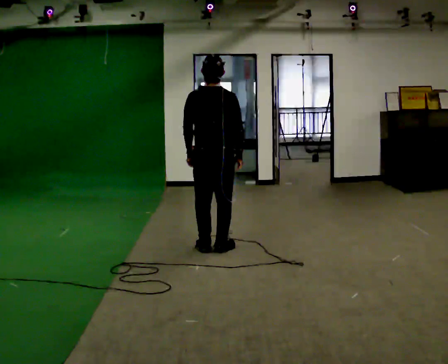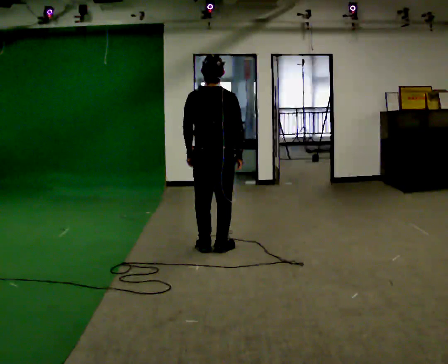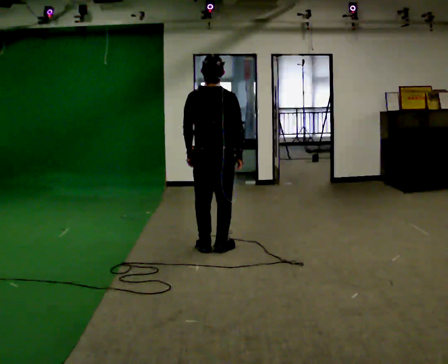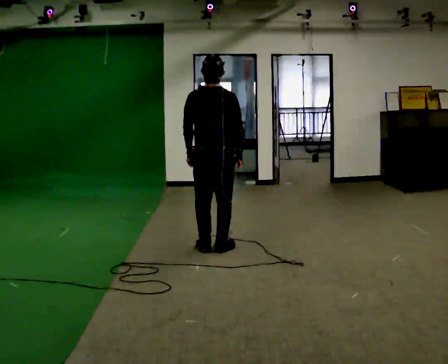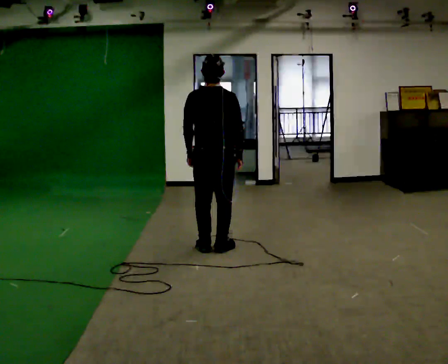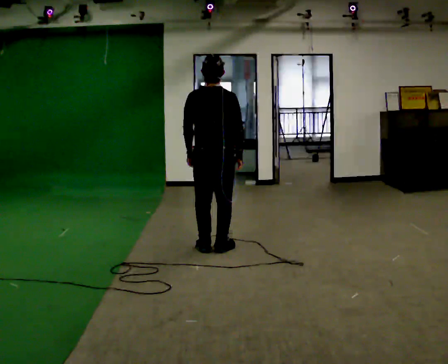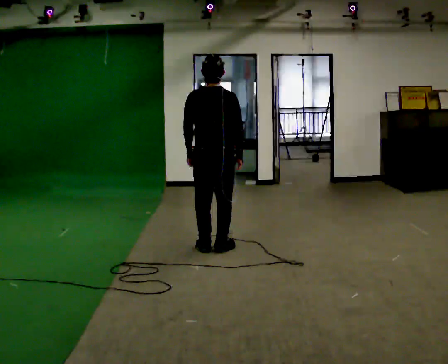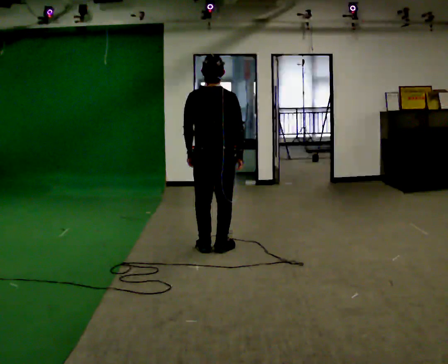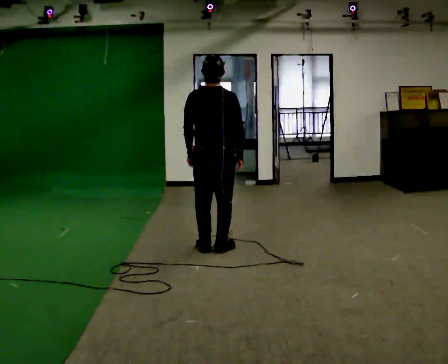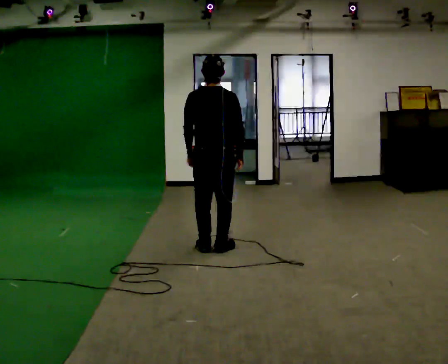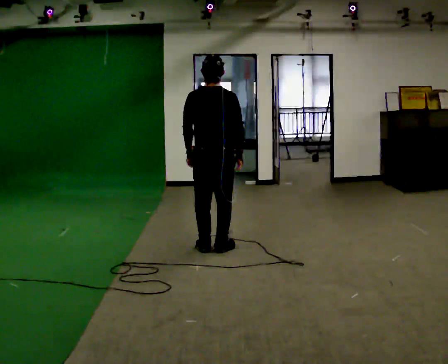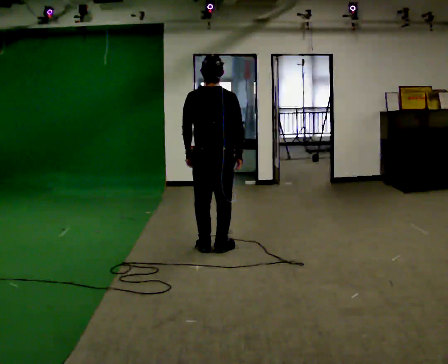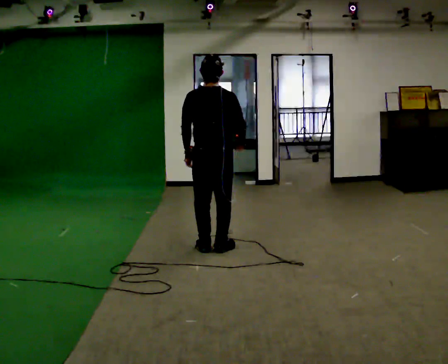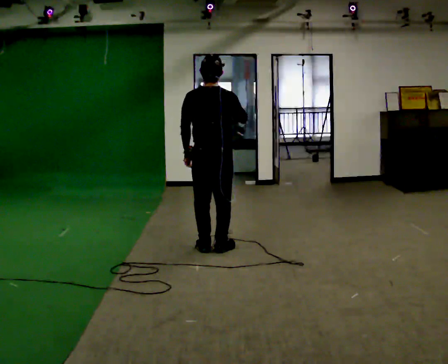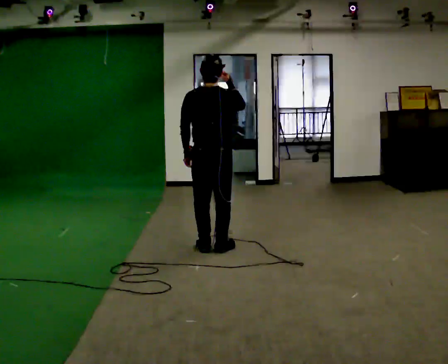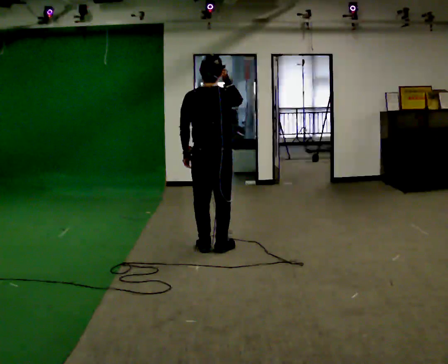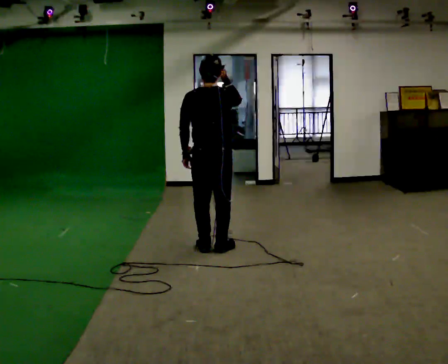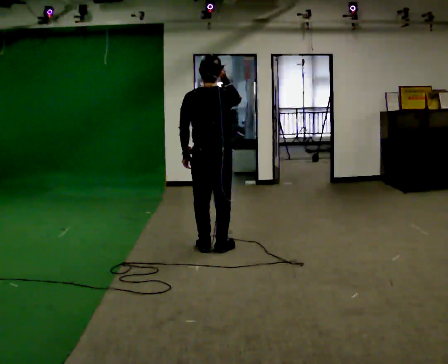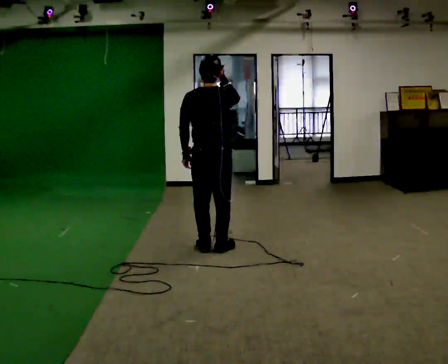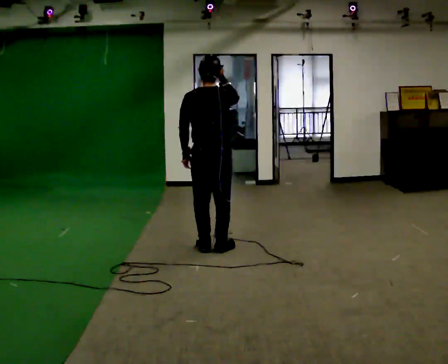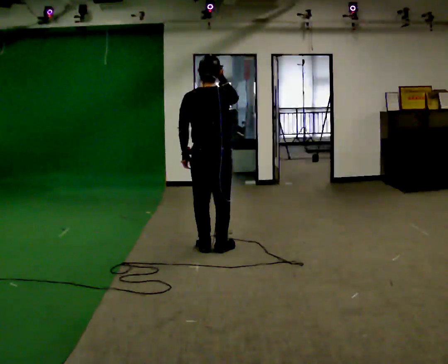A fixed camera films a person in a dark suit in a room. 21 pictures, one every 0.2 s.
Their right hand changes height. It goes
upward.
0.0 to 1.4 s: The person keeps their place and pose.
1.4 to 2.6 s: In the picture their right hand goes upward.
2.6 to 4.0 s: The person moves a little, or ends about where they began.
The film runs forward here.
